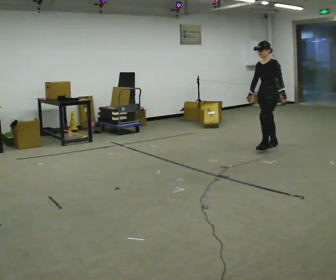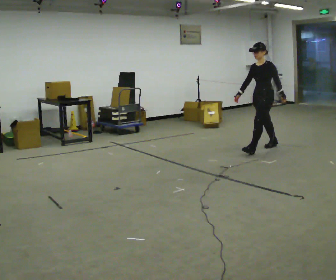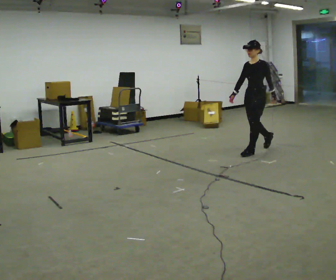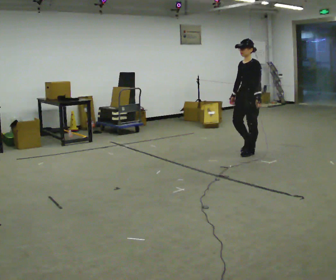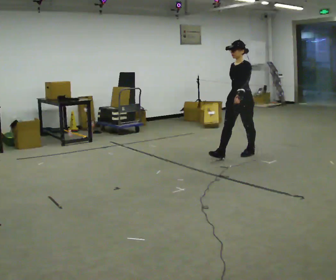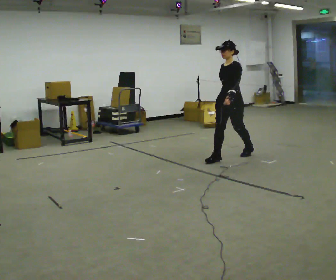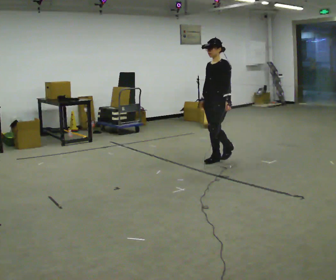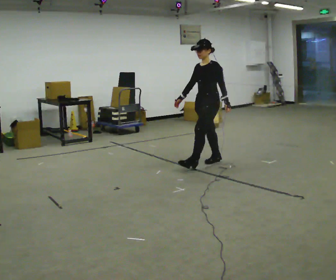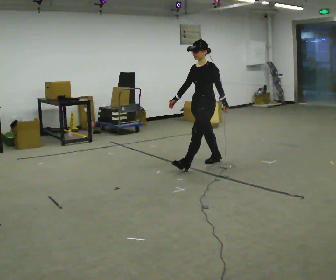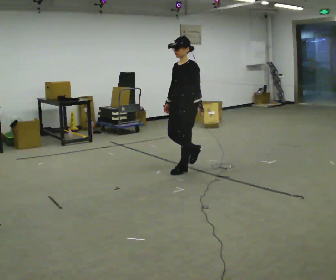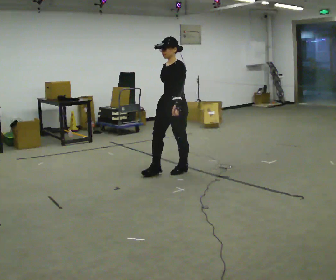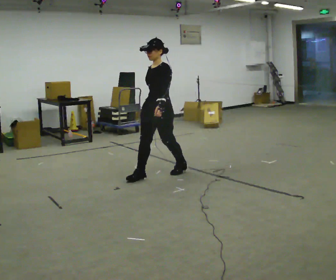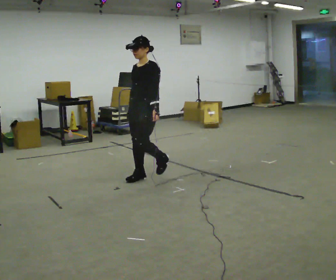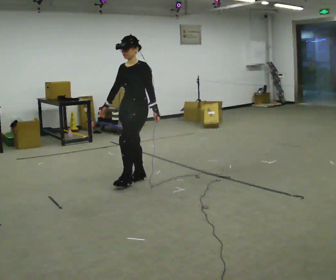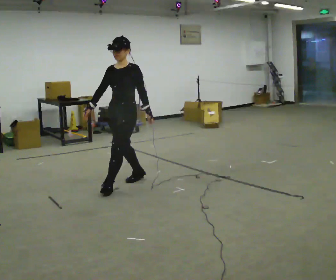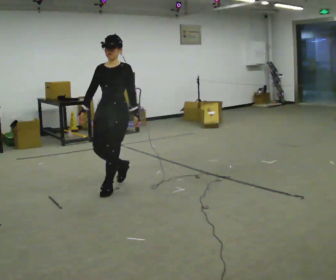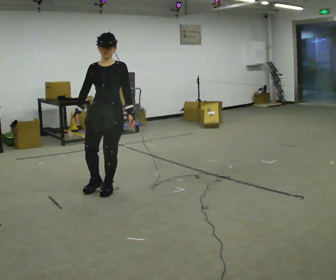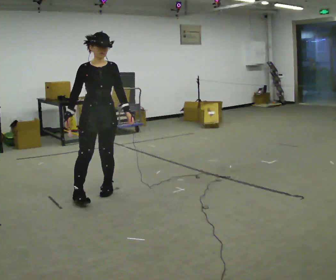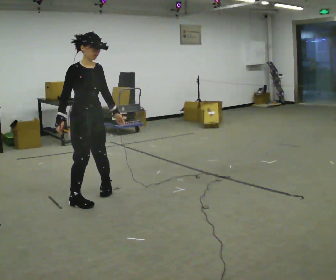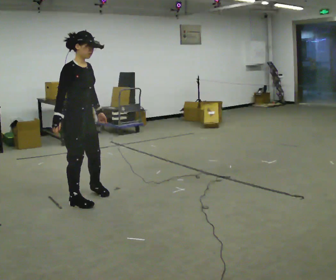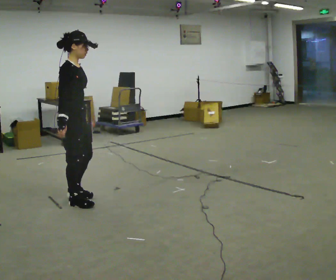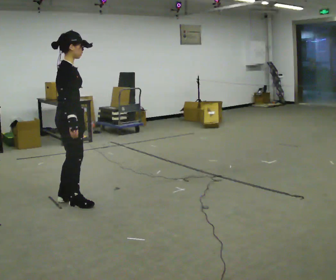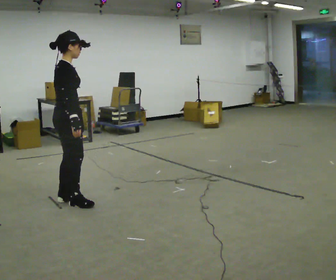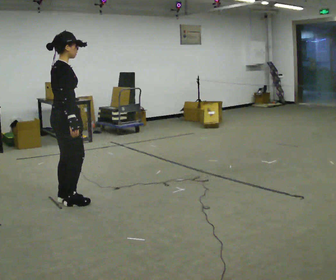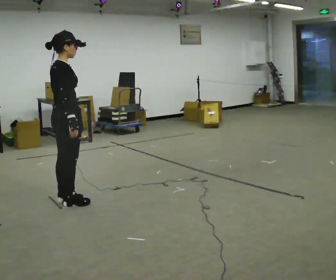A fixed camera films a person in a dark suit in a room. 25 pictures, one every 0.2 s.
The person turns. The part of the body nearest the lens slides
to the right.
The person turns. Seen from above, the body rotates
counterclockwise.
0.0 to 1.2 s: In the picture they go to the left and toward the camera, about 1 m in 2 steps, which for them is forward.
1.2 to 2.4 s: In the picture they go to the left and toward the camera, about 1 m in 2 steps, which for them is forward.
2.4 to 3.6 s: Seen from above the body turns counterclockwise, about 90 degrees: to their left, with its near side sliding to the right. In the picture they go toward the camera and to the left, about 1 m in 2 steps.
3.6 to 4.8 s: The part of the body nearest the lens slides to the right as the person turns to their left by about 60 degrees. In the picture they go to the left, about 0.25 m in 1 step.
The film runs forward here.
